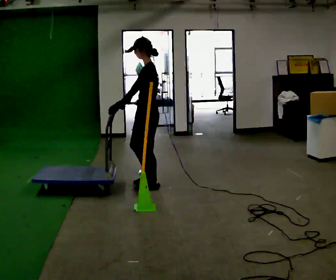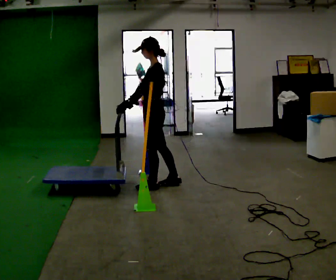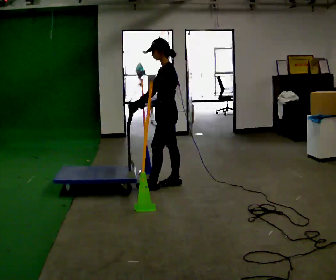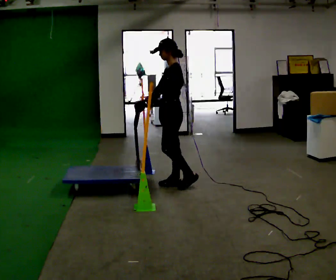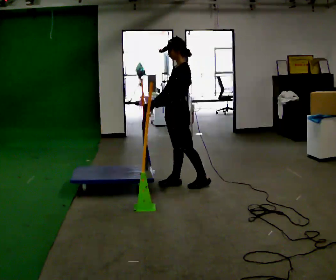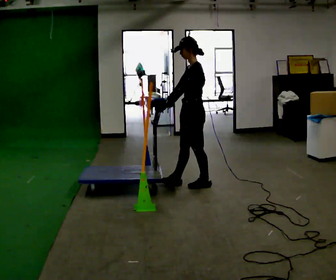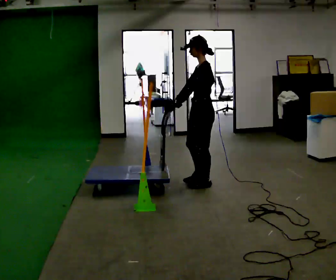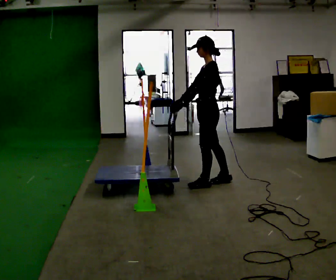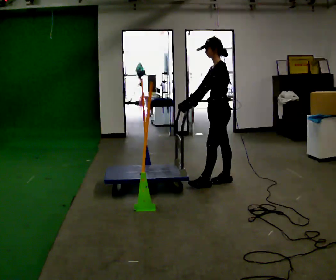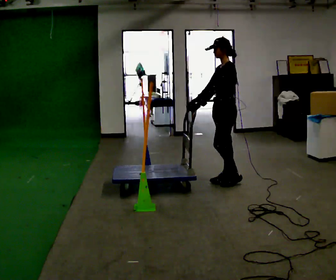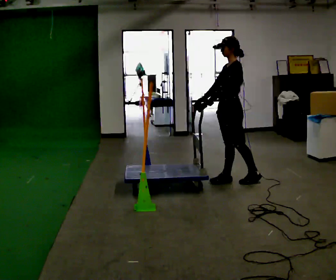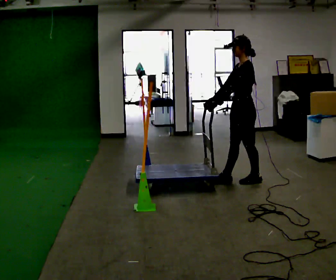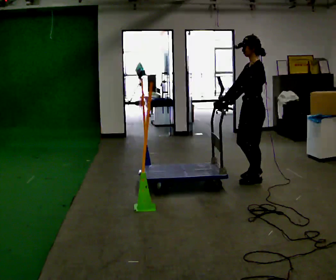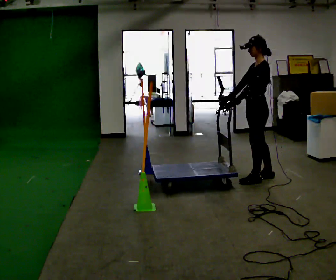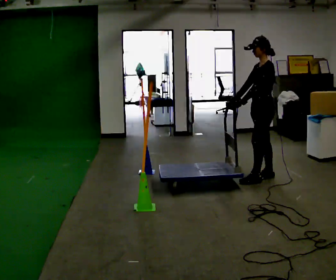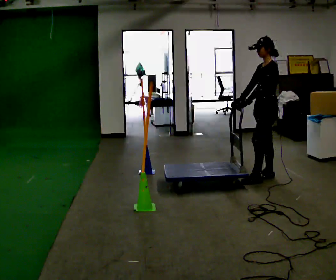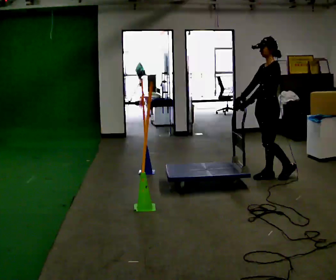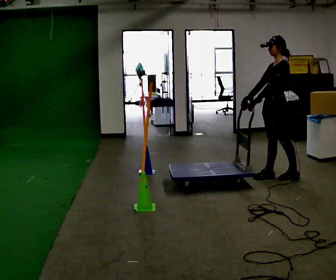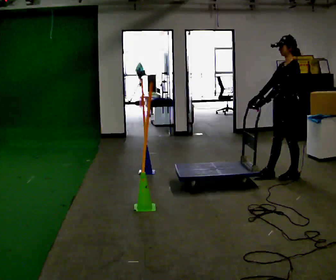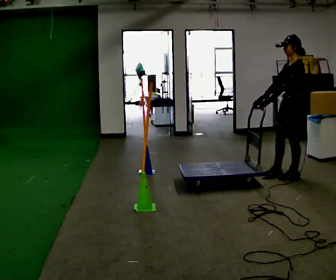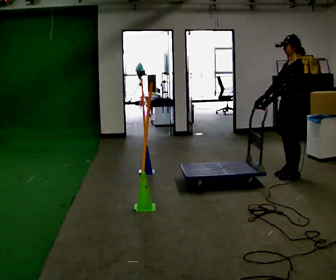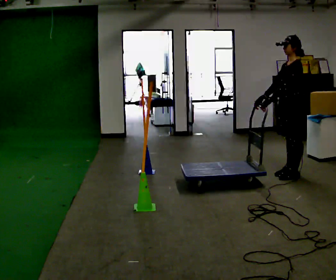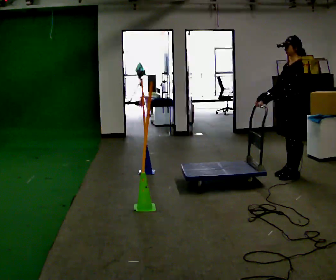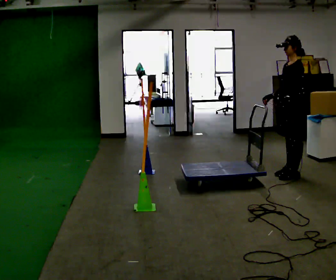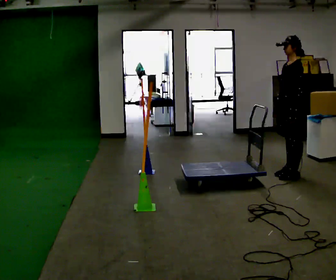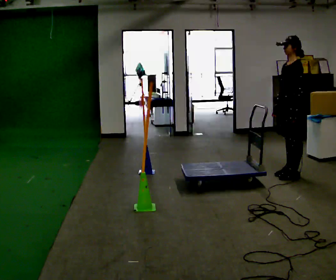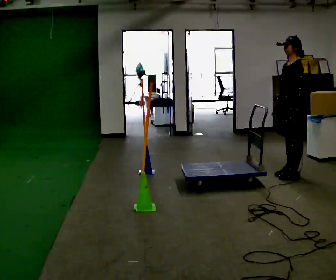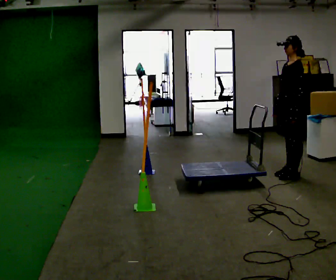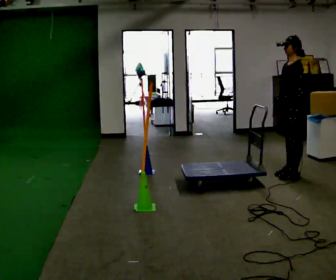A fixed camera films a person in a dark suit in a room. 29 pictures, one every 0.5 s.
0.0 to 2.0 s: In the picture they go to the right and away from the camera, about 0.25 m in 1 step, which for them is backward.
2.0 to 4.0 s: In the picture they go to the right, about 0.5 m in 1 step, which for them is backward.
4.0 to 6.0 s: In the picture they go to the right, about 0.25 m in 2 steps, which for them is backward.
6.0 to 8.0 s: In the picture they go to the right and away from the camera, about 0.25 m in 1 step, which for them is backward and to their right.
8.0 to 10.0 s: In the picture they go to the right, about 0.25 m in 1 step, which for them is backward.
10.0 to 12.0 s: The person moves a little, or ends about where they began.
12.0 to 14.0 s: The person keeps their place and pose.
The film runs backward here.
